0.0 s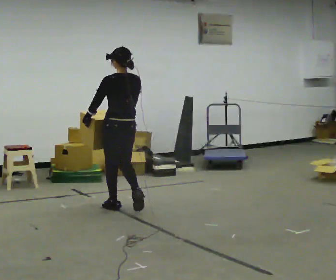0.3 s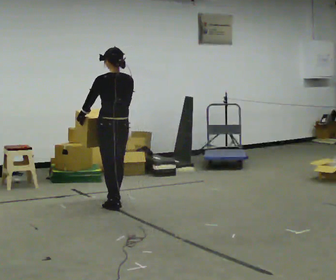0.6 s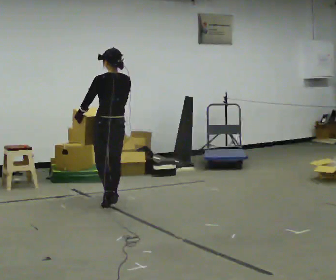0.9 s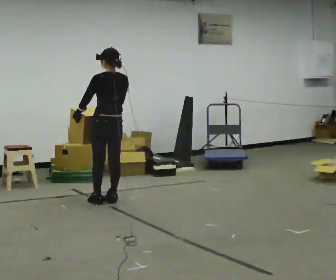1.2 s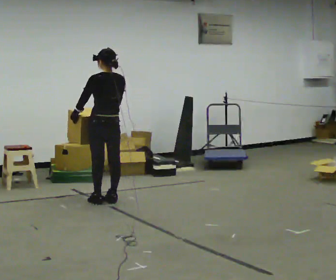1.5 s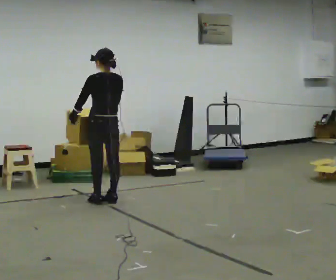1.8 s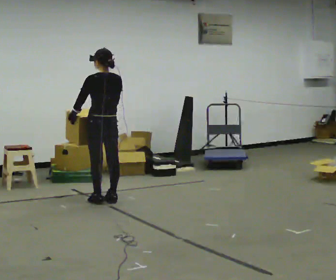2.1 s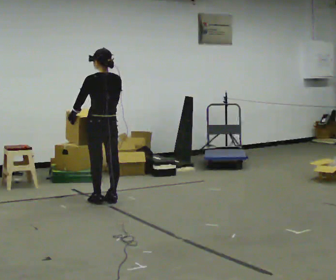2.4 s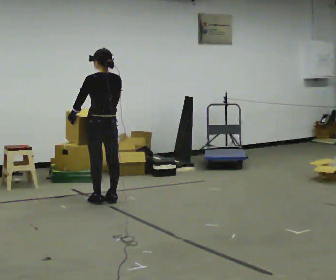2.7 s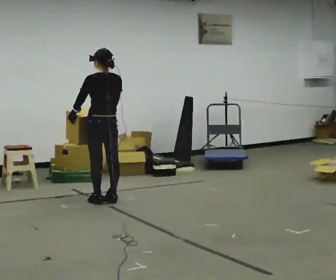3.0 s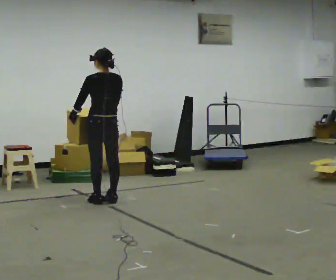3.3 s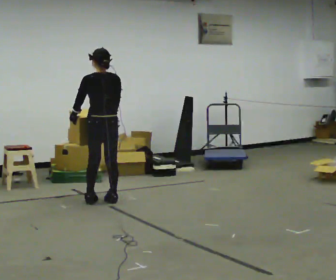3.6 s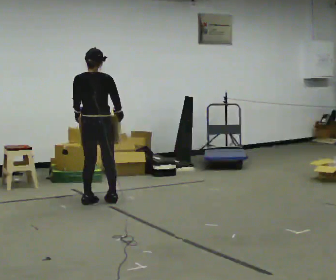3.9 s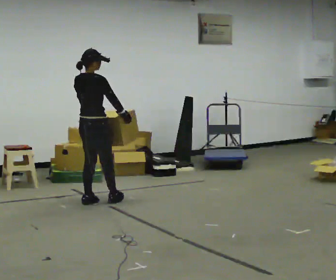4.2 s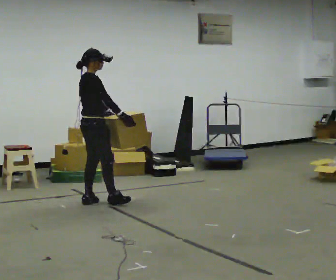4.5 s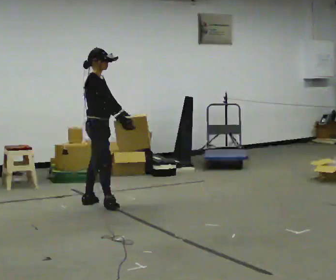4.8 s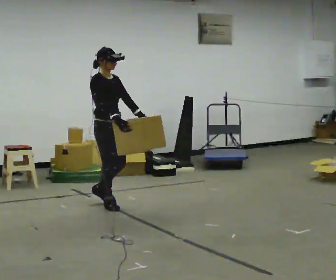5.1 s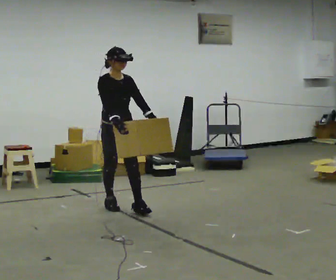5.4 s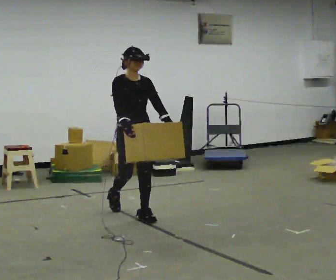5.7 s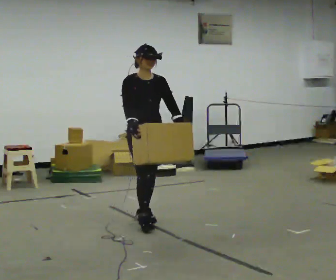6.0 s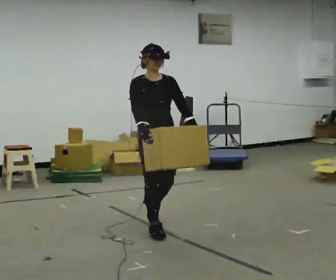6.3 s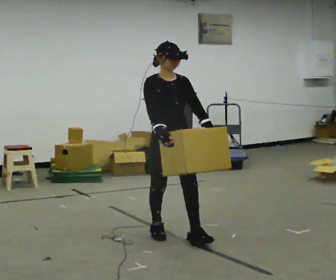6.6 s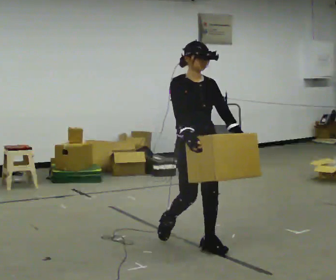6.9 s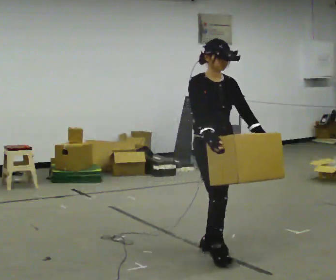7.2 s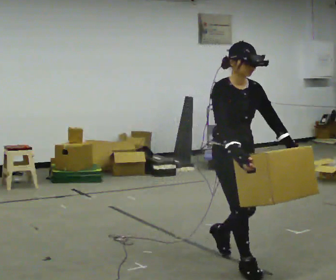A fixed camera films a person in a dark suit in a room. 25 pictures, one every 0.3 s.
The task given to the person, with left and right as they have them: Carry the heaviest box in both hands in front of you, walking back and forth across the room. Only carry what is comfortable. Set it down whenever you need to.
0.0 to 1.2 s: In the picture they go away from the camera and to the left, about 0.25 m in 2 steps, which for them is forward.
1.2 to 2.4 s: The person moves a little, or ends about where they began.
2.4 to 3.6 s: The person turns about 45 degrees to their right, clockwise seen from above, so the part of the body nearest the lens slides to the left.
3.6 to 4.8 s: The person turns about 105 degrees to their right, clockwise seen from above, so the part of the body nearest the lens slides to the left. In the picture they go toward the camera, about 0.25 m in 1 step.
4.8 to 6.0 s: The part of the body nearest the lens slides to the left as the person turns to their right by about 30 degrees. In the picture they go toward the camera and to the right, about 1 m in 2 steps, which for them is forward.
6.0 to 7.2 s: In the picture they go toward the camera and to the right, about 1 m in 2 steps, which for them is forward.
The film runs forward here.
